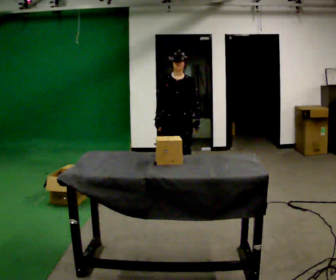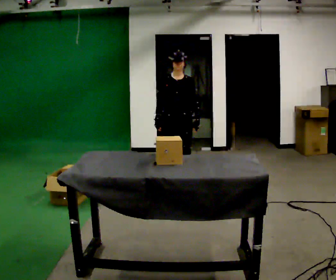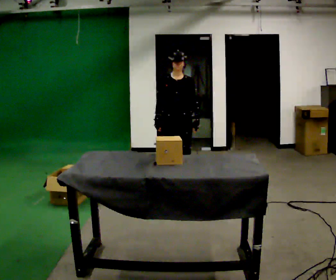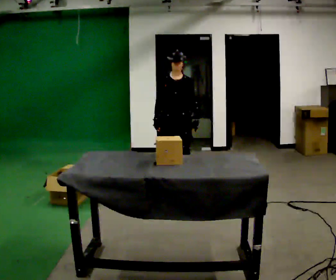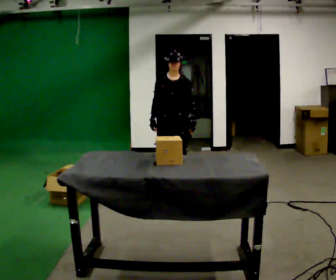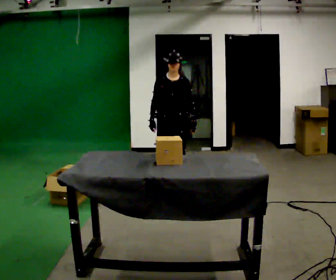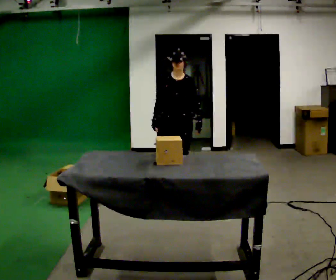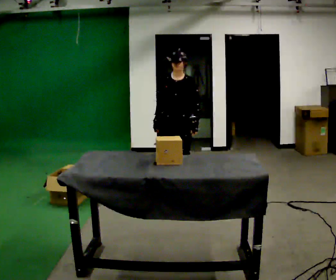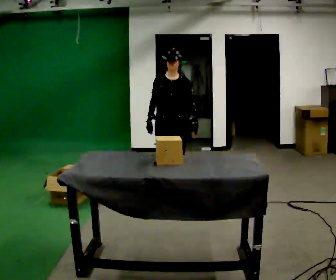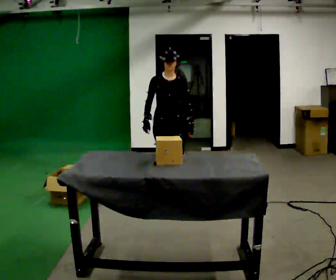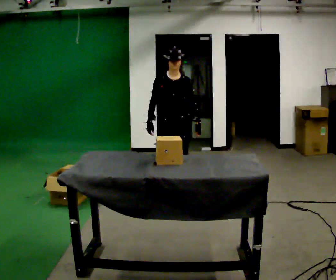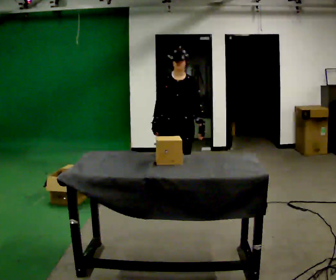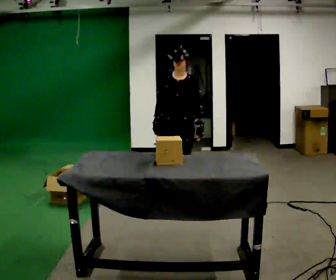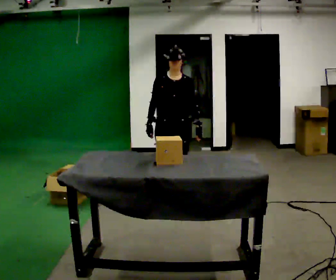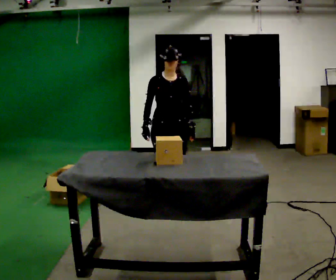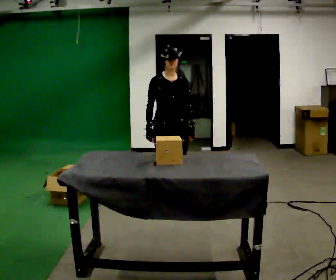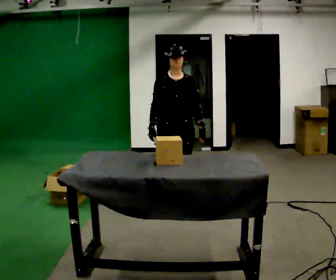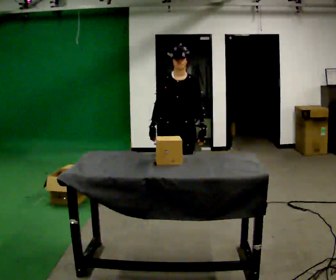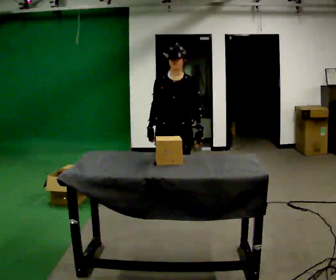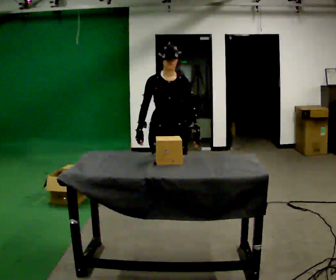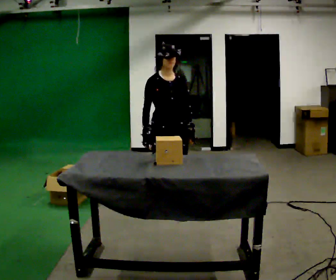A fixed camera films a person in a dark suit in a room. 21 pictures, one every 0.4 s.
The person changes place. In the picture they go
toward the camera.
0.0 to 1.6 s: The person moves a little, or ends about where they began.
1.6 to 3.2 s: In the picture they go toward the camera, about 0.25 m in 2 steps, which for them is forward.
3.2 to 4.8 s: In the picture they go toward the camera, about 0.25 m in 2 steps, which for them is forward.
4.8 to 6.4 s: In the picture they go toward the camera, about 0.25 m in 1 step, which for them is forward.
6.4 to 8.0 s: In the picture they go toward the camera, about 0.25 m in 1 step, which for them is forward.
The film runs forward here.
